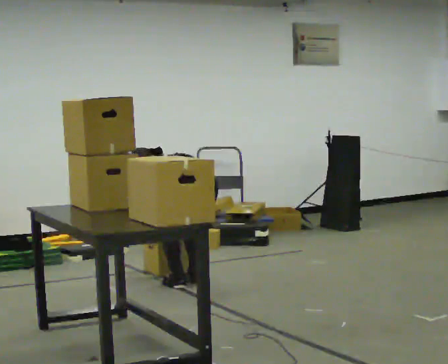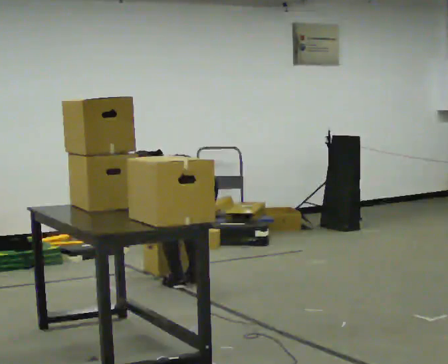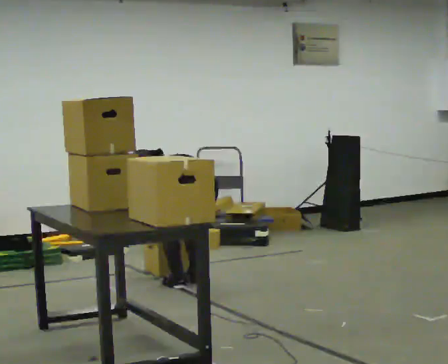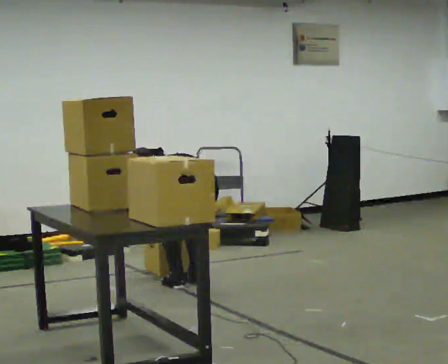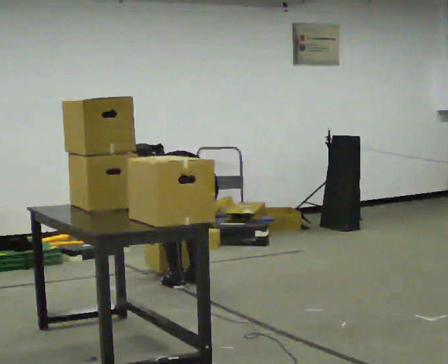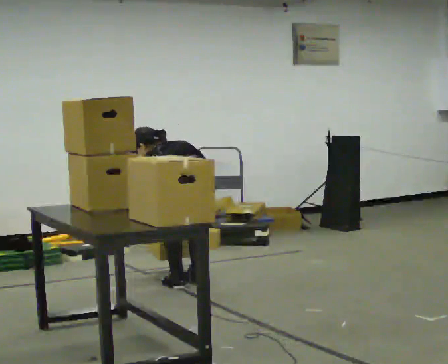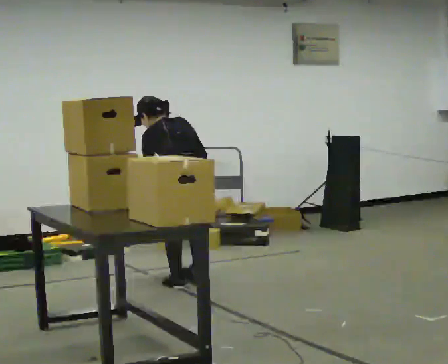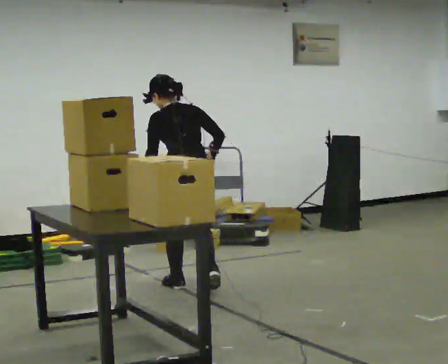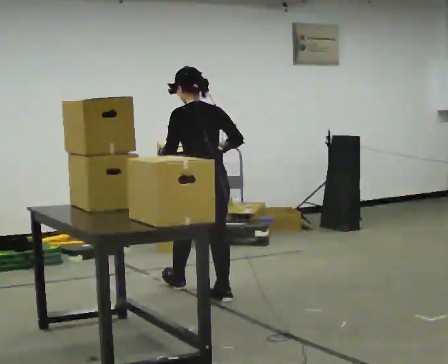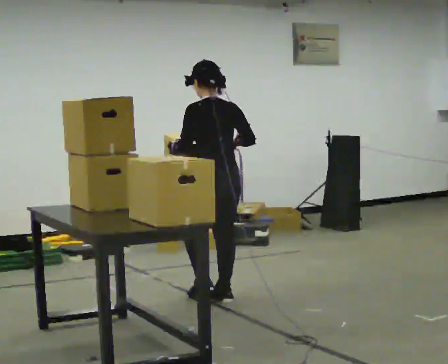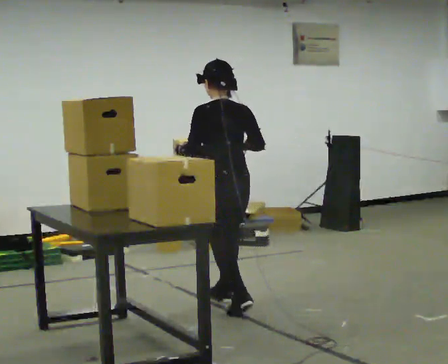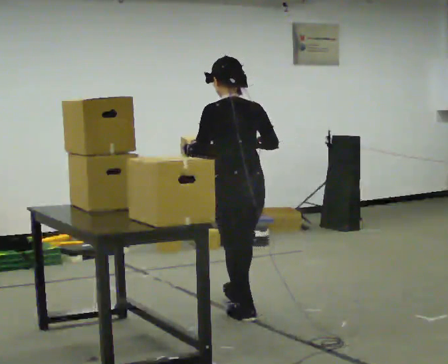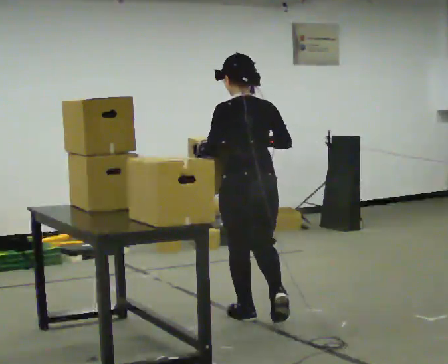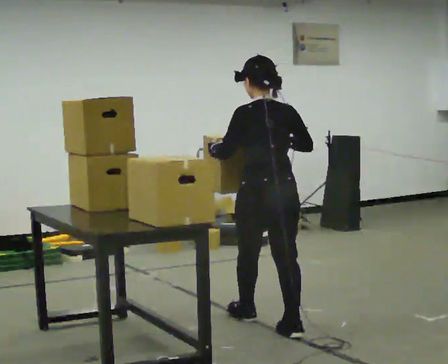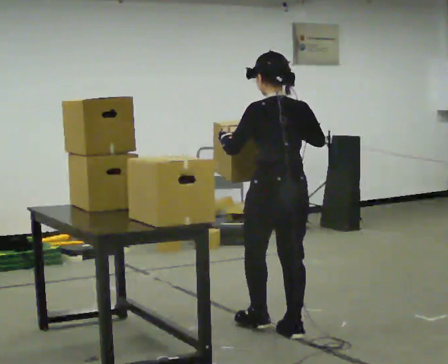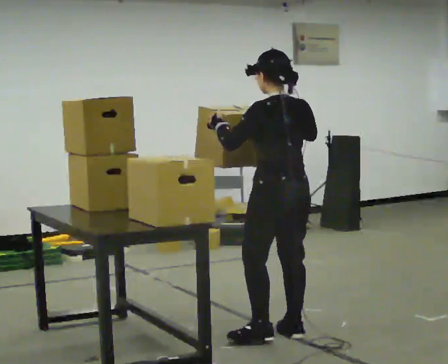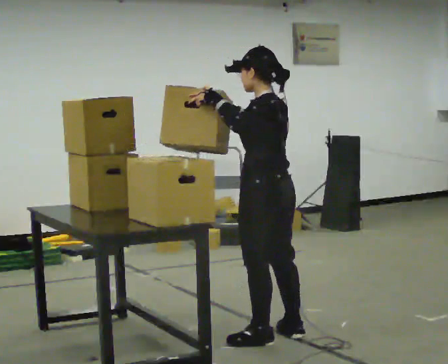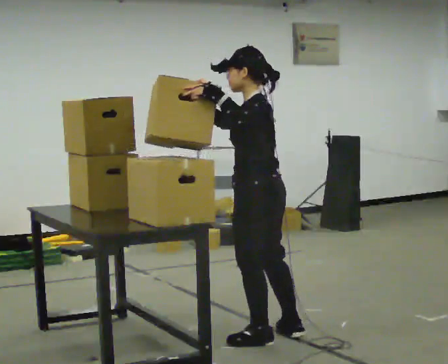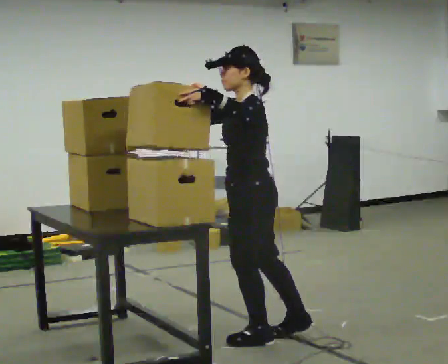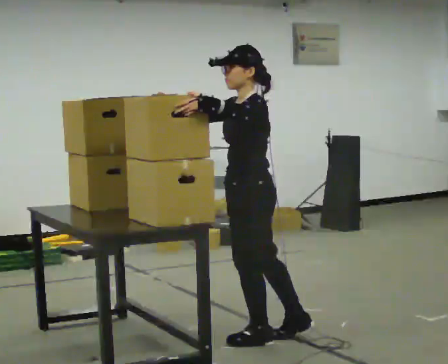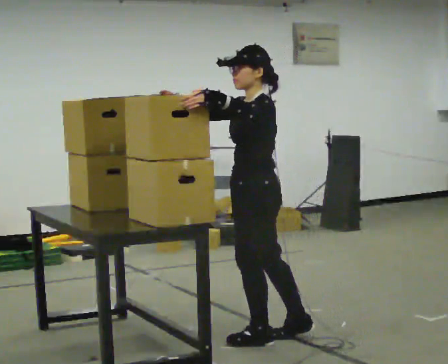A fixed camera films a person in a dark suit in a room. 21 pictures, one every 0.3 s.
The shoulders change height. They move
upward.
Their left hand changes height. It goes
upward.
0.0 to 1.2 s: The person moves a little, or ends about where they began.
1.2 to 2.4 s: In the picture they go toward the camera, about 0.25 m in 2 steps, which for them is backward. The shoulders move upward. The upper body tips toward the camera, its near side rolling downward, as they lean back or straighten. In the picture their left hand goes upward.
2.4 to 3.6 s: In the picture they go toward the camera and to the right, about 0.5 m in 1 step, which for them is backward.
3.6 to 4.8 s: The person turns about 30 degrees to their left, counterclockwise seen from above, so the part of the body nearest the lens slides to the right. In the picture they go toward the camera, about 0.5 m in 1 step, which for them is backward.
4.8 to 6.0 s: Seen from above the body turns counterclockwise, about 45 degrees: to their left, with its near side sliding to the right. In the picture their right hand goes to the left.
The film runs backward here.
